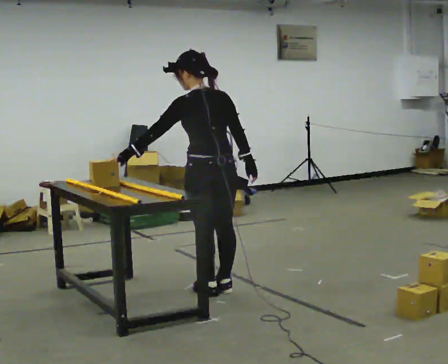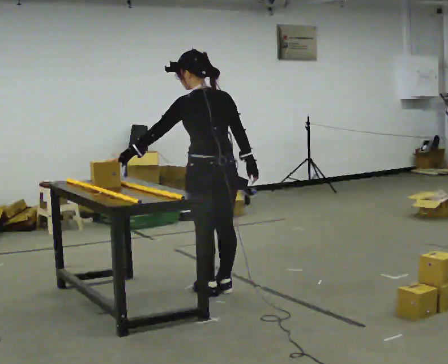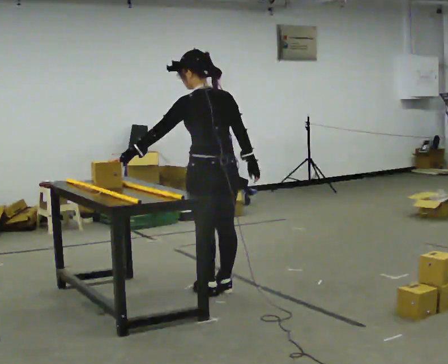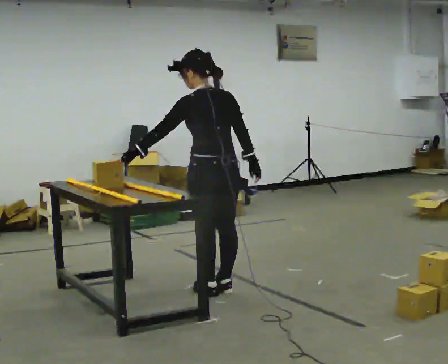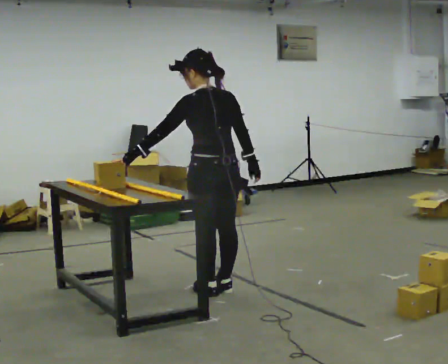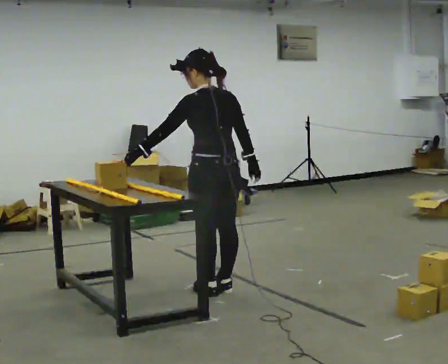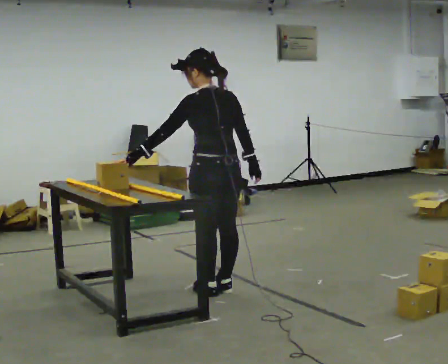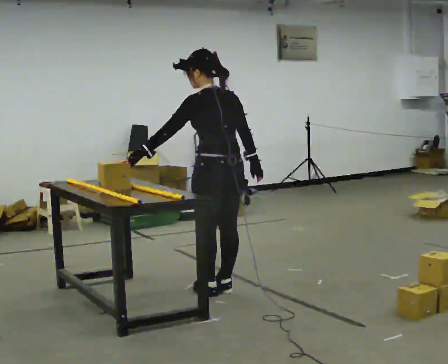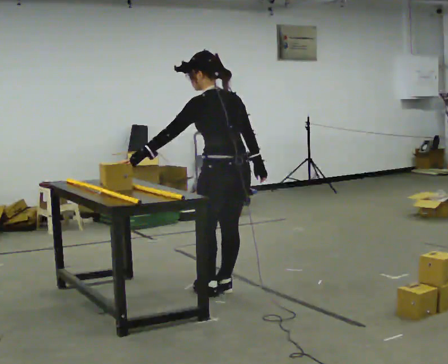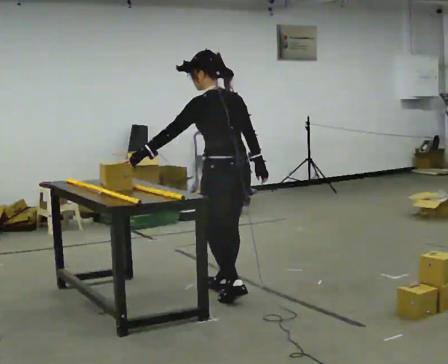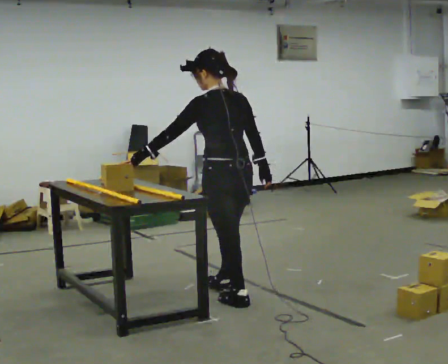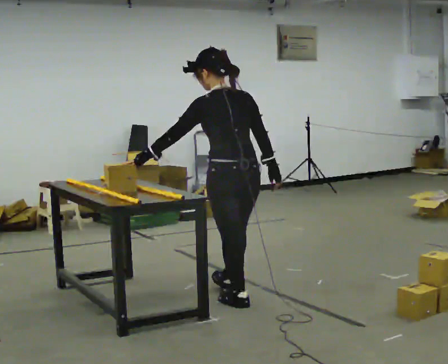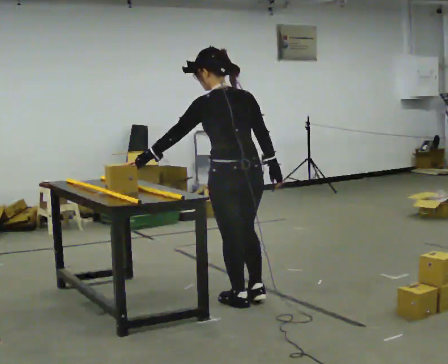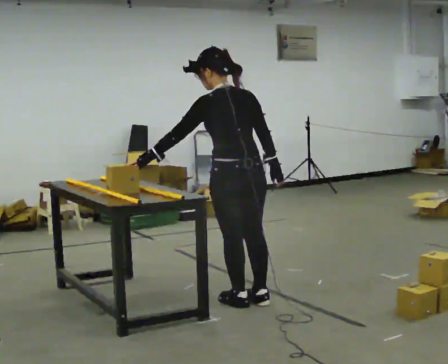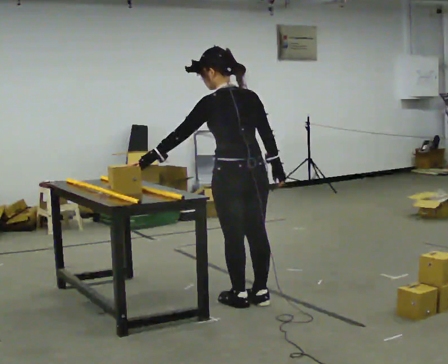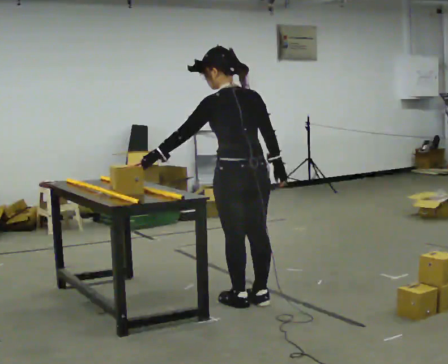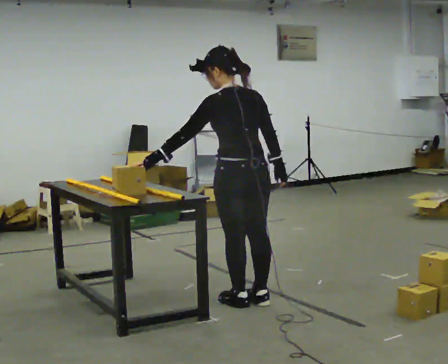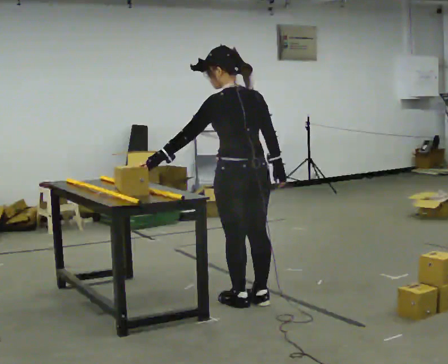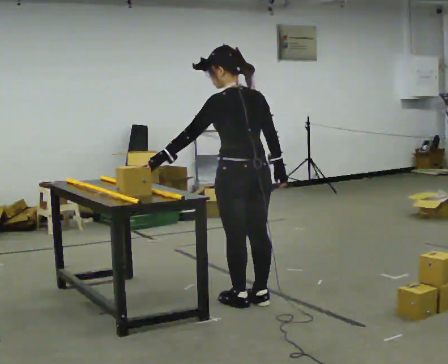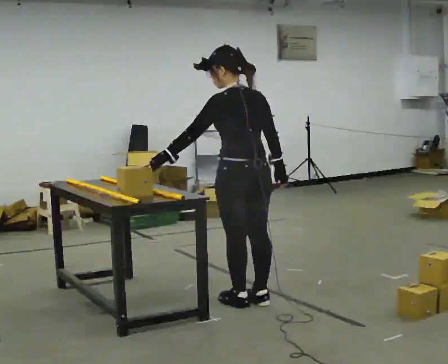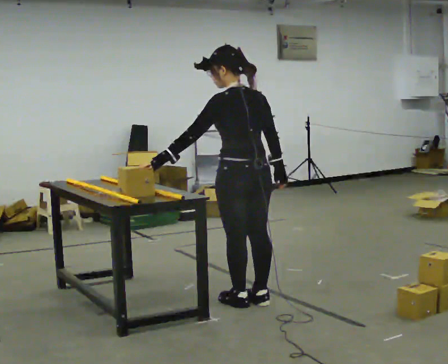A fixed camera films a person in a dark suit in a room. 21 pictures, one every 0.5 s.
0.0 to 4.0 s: The person moves a little, or ends about where they began.
4.0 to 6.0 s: In the picture they go toward the camera, about 0.25 m in 2 steps, which for them is backward.
6.0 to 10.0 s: The person moves a little, or ends about where they began.
The film runs backward here.
